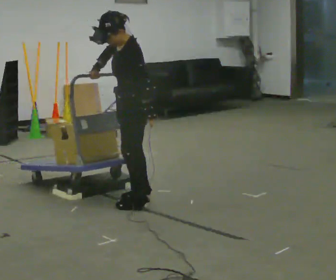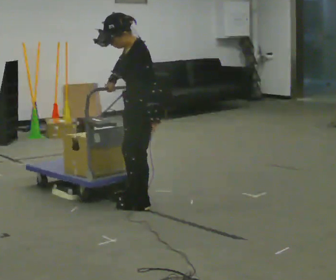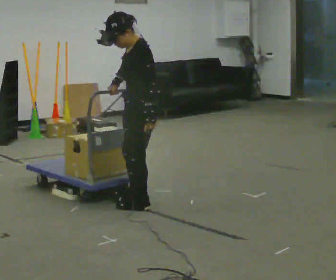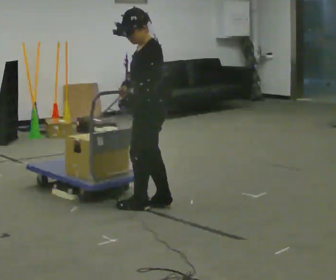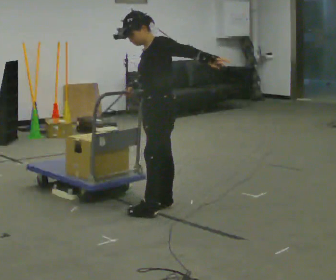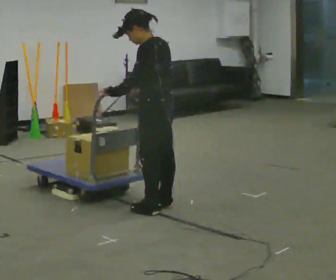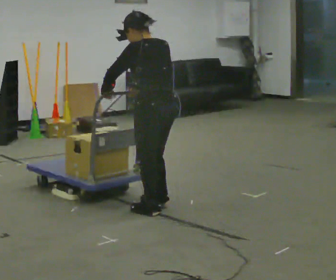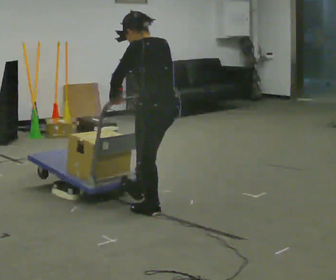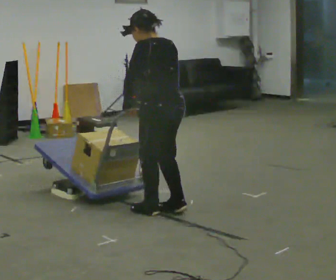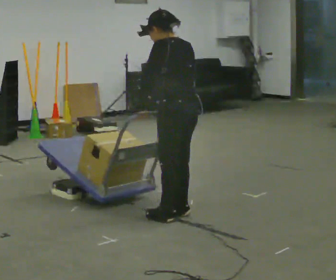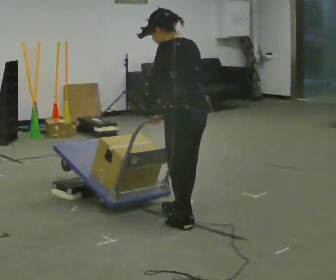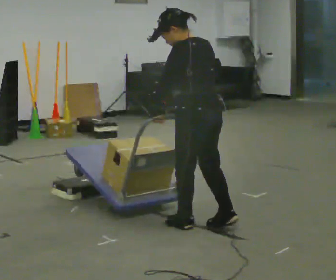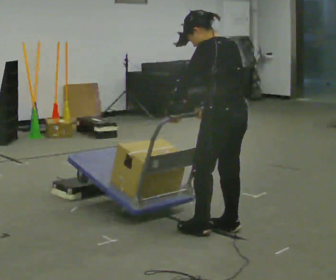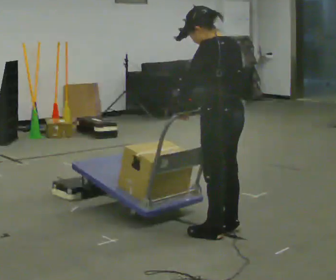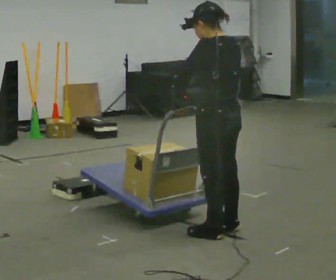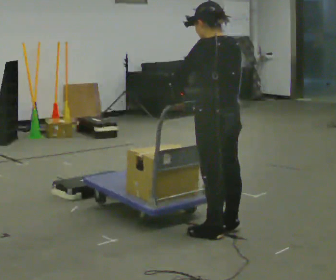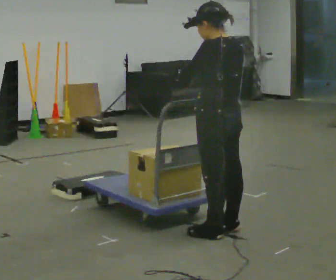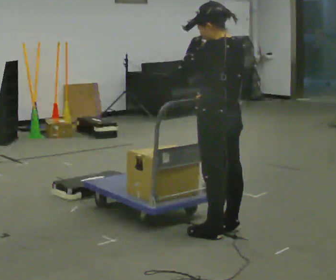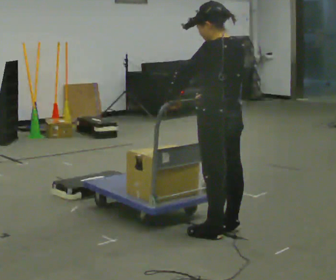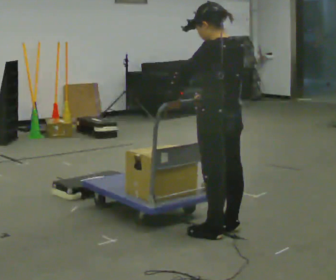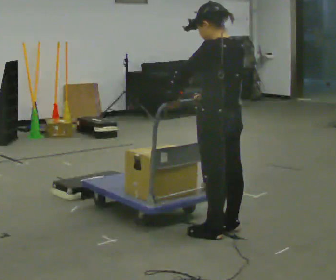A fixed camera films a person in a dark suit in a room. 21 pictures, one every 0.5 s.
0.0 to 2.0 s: In the picture they go to the right, about 0.25 m in 2 steps, which for them is backward and to their left. The upper body tips away from the camera, its near side rolling upward. In the picture their left hand goes to the right and upward.
2.0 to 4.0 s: Seen from above the body turns clockwise, about 60 degrees: to their right, with its near side sliding to the left. In the picture they go toward the camera, about 0.25 m in 1 step. In the picture their left hand goes to the left and downward.
4.0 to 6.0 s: In the picture they go to the right and toward the camera, about 0.5 m in 3 steps, which for them is backward.
6.0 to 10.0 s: The person moves a little, or ends about where they began.
The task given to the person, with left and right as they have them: Push the cart up over the low platform edge and down the other side, then bring it back over.
The film runs forward here.
